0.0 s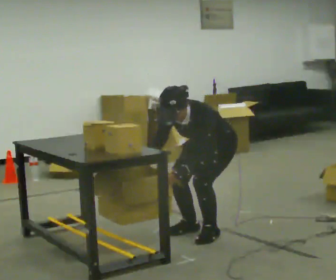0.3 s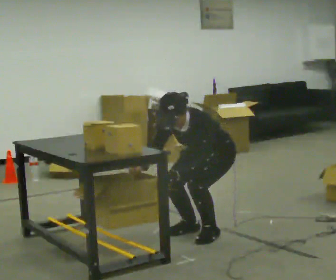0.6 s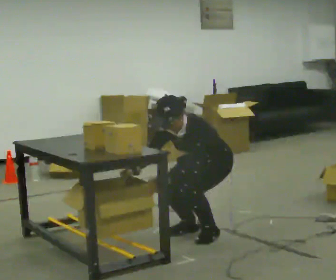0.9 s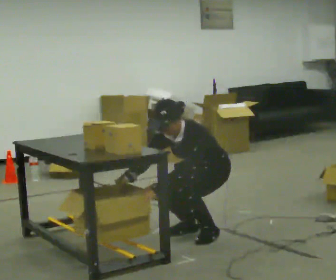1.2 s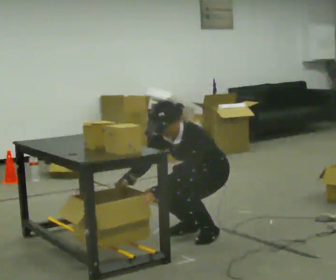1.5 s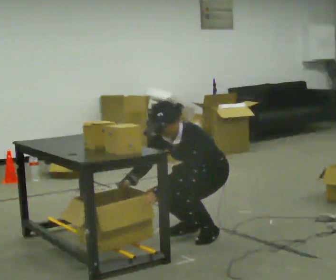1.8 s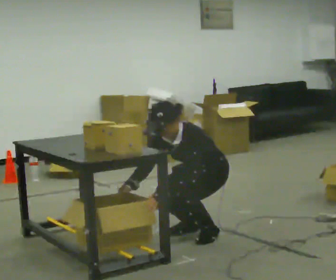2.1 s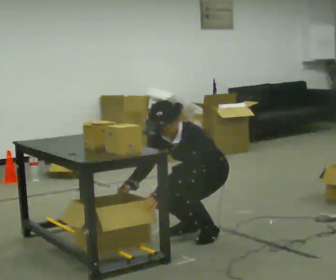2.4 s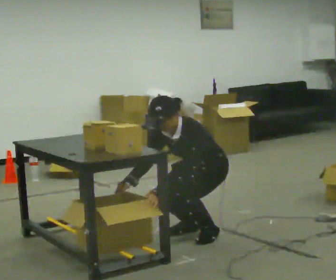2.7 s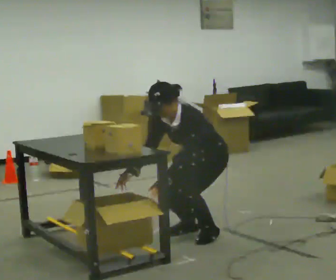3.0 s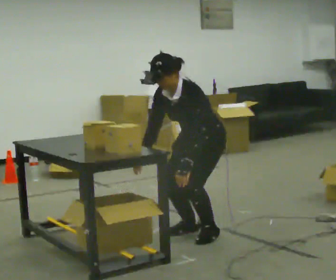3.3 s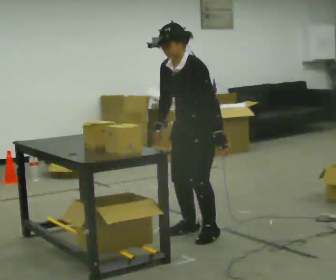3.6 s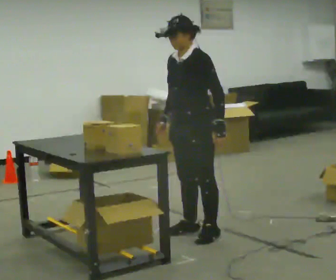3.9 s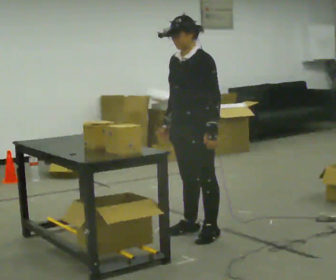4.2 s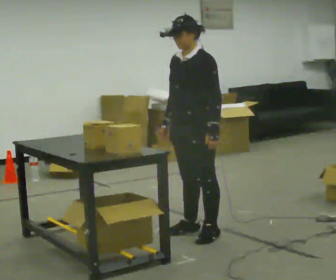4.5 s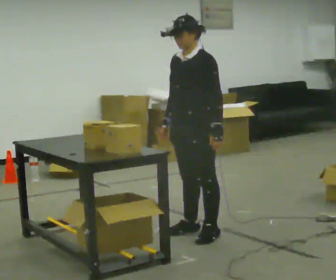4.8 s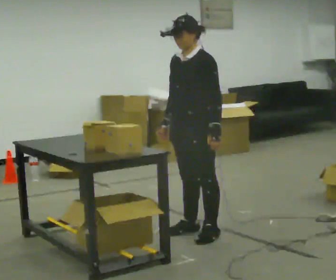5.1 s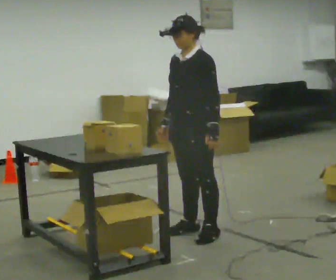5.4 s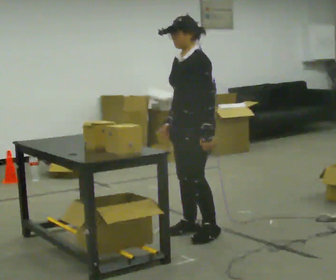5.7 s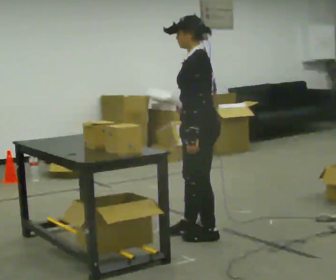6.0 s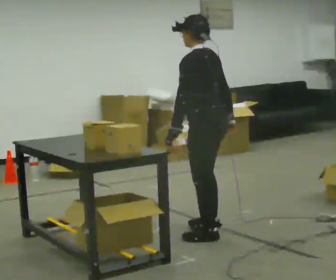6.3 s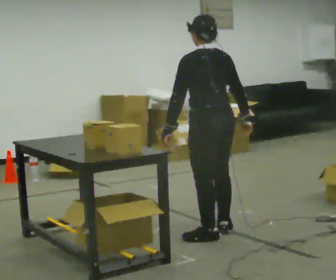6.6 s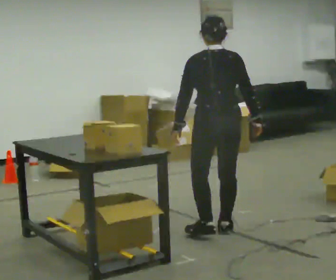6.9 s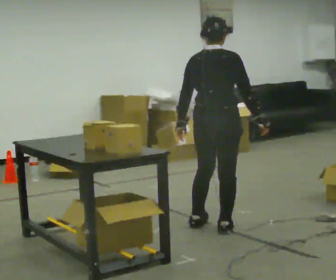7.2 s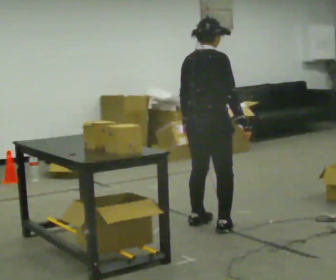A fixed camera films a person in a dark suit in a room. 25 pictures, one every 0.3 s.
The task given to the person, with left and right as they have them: 1. Take everything out of the crates by the door. 2. Put the small items on the middle shelf. 3. Put the large items on the bottom shelf. 4. Stack the empty crates by the door. 5. Tell the operator when you are finished.
0.0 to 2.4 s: The person moves a little, or ends about where they began.
2.4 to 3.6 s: The shoulders move upward. The upper body tips away from the camera, its near side rolling upward, as they lean back or straighten. In the picture their right hand goes upward.
3.6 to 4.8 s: The person moves a little, or ends about where they began.
4.8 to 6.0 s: The part of the body nearest the lens slides to the left as the person turns to their right by about 75 degrees. In the picture their right hand goes to the right, the arm swinging counterclockwise.
6.0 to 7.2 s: The person turns about 105 degrees to their right, clockwise seen from above, so the part of the body nearest the lens slides to the left. In the picture they go away from the camera, about 0.25 m in 2 steps.
The film runs forward here.
